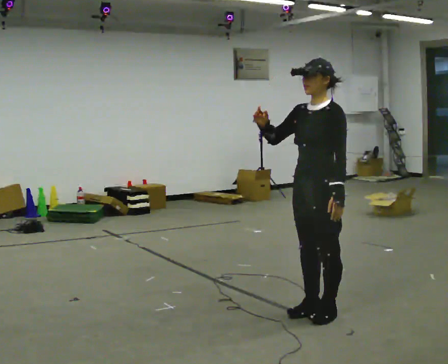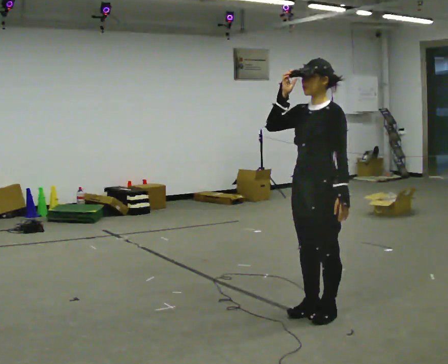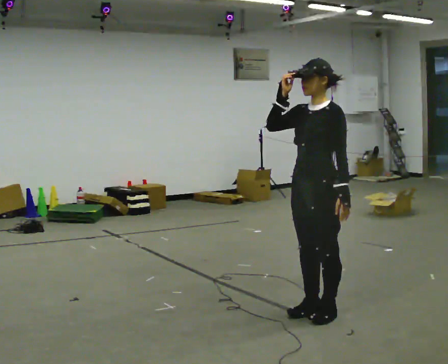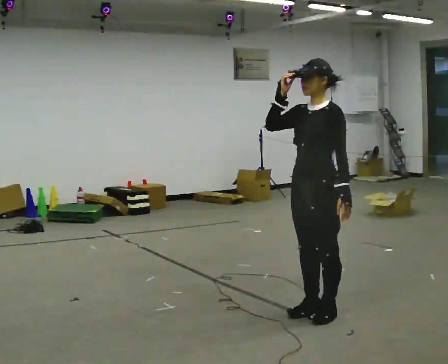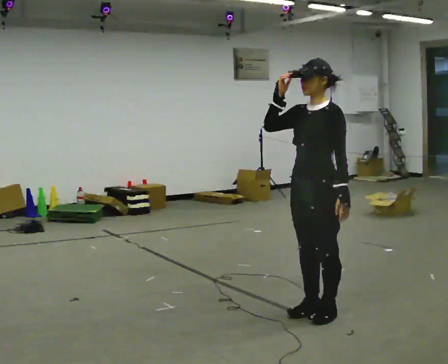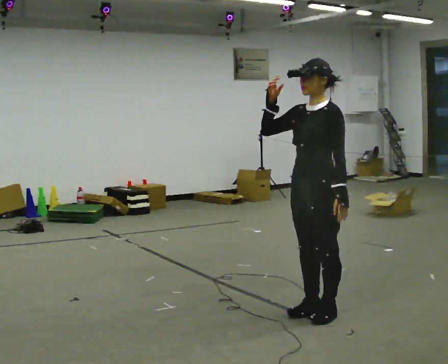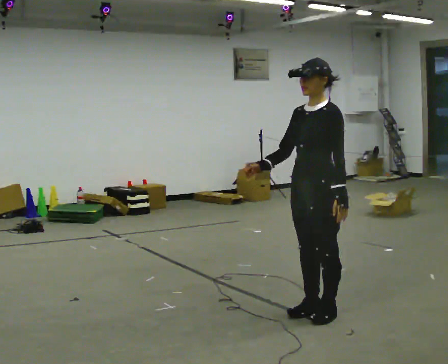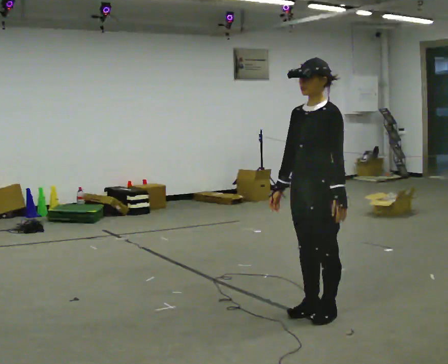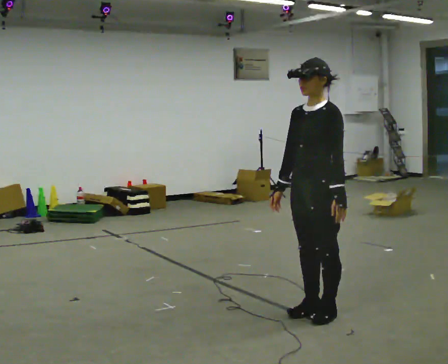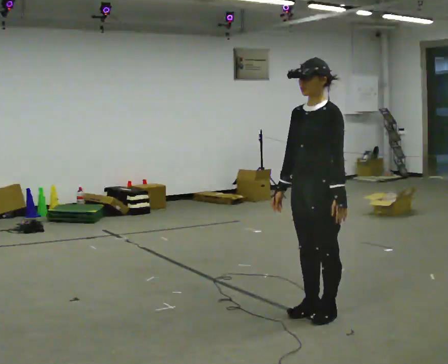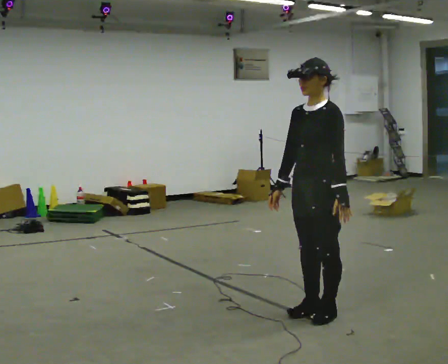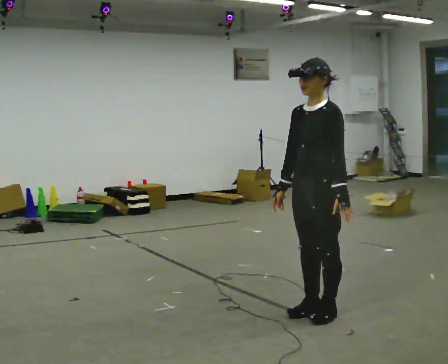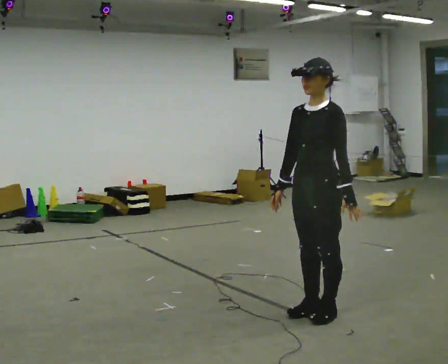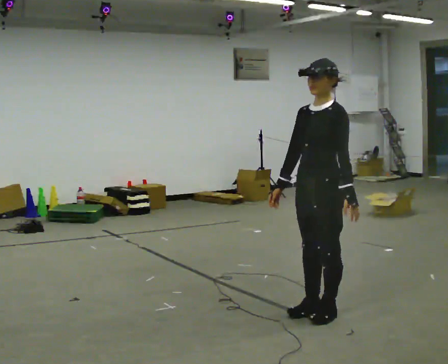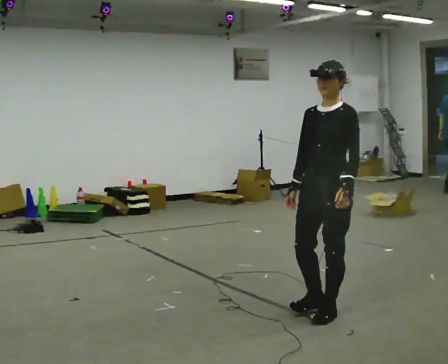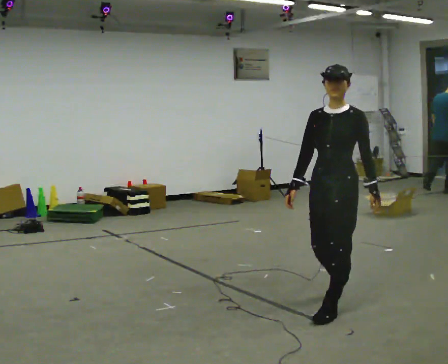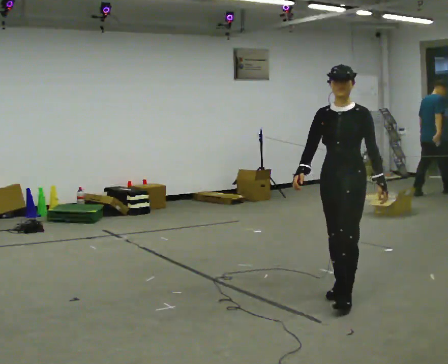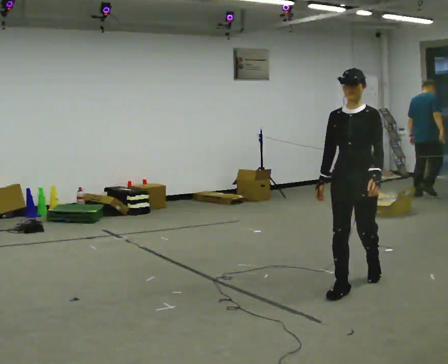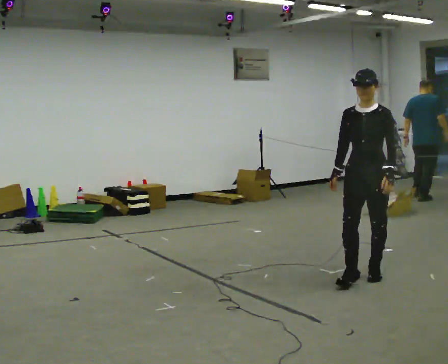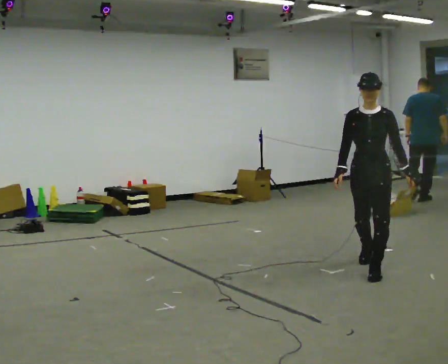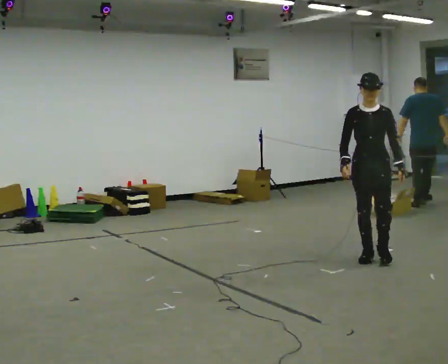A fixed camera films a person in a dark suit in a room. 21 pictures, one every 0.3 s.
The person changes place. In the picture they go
away from the camera.
0.0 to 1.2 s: The person moves a little, or ends about where they began.
1.2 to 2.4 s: In the picture their right hand goes downward.
2.4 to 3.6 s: The person moves a little, or ends about where they began.
3.6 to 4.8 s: In the picture they go away from the camera and to the right, about 0.5 m in 2 steps, which for them is backward.
4.8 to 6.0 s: In the picture they go away from the camera, about 1 m in 2 steps, which for them is backward.
The film runs backward here.
